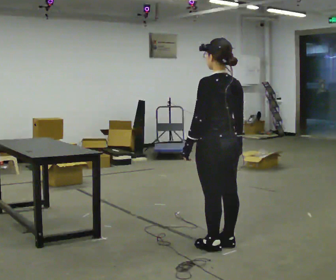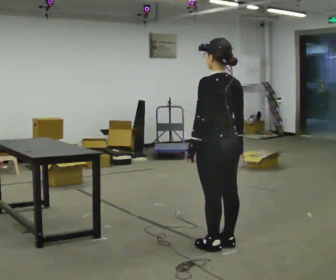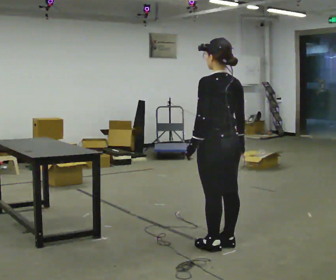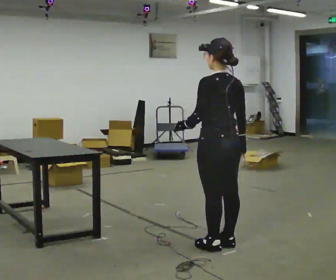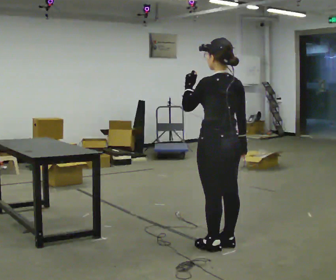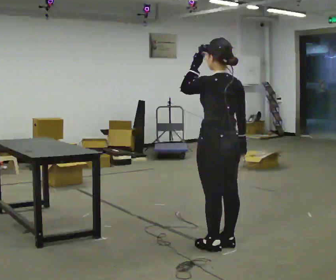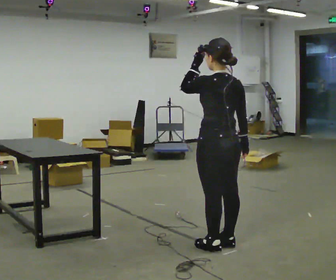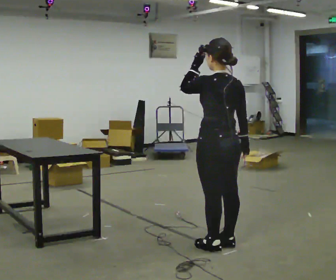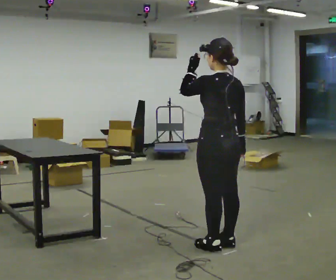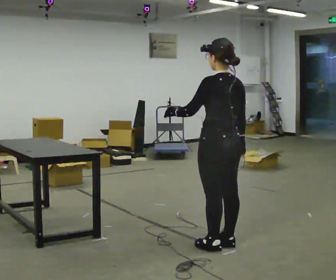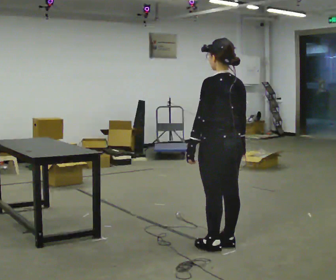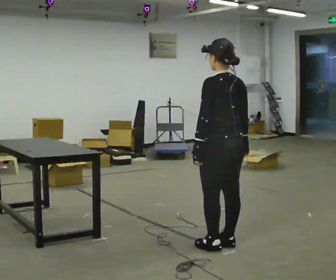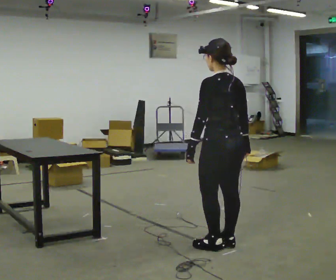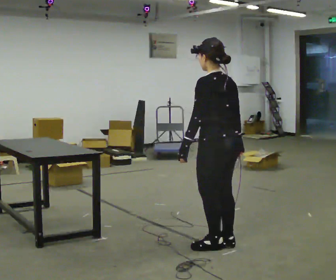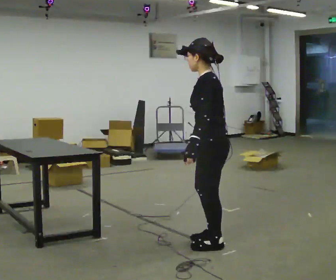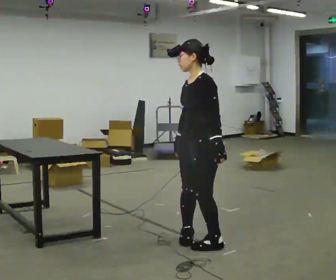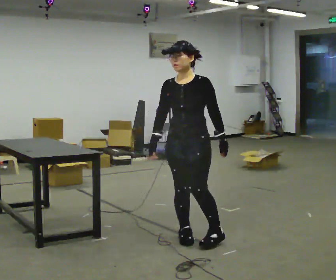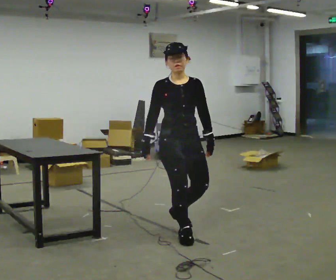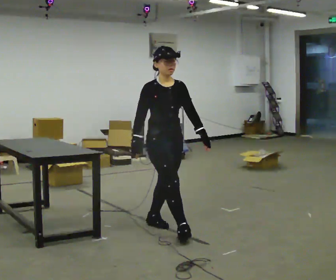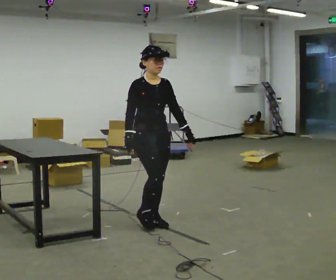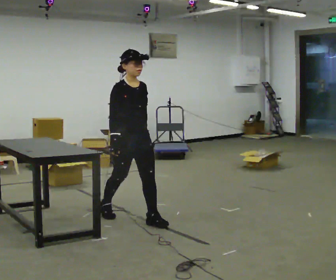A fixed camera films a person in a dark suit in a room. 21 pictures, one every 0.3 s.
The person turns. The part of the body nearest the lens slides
to the right.
The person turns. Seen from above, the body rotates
counterclockwise.
0.0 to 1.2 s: In the picture their left hand goes upward.
1.2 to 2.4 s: The person moves a little, or ends about where they began.
2.4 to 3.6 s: In the picture their left hand goes downward.
3.6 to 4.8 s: Seen from above the body turns counterclockwise, about 120 degrees: to their left, with its near side sliding to the right. In the picture they go to the left and away from the camera, about 0.25 m in 2 steps.
4.8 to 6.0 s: The person turns about 60 degrees to their left, counterclockwise seen from above, so the part of the body nearest the lens slides to the right. In the picture they go to the left and away from the camera, about 0.5 m in 1 step.
The film runs backward here.
